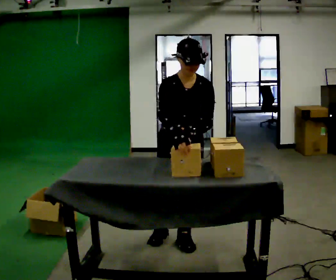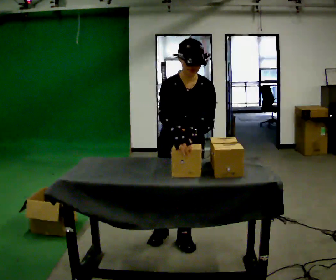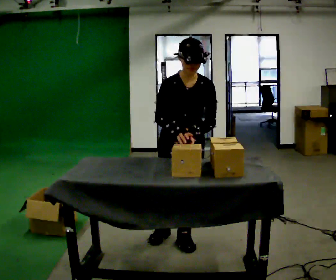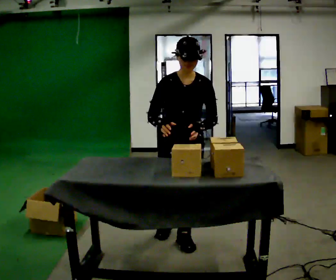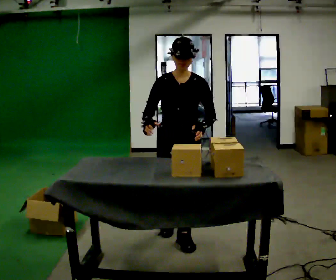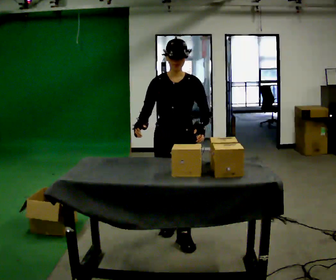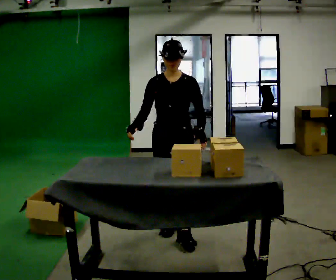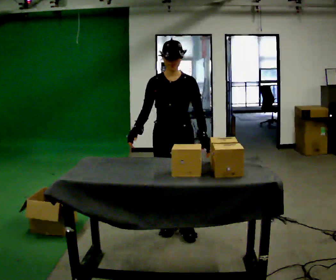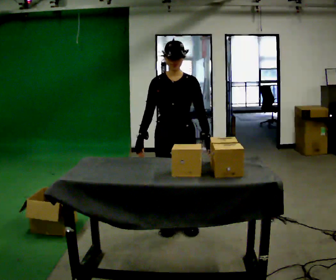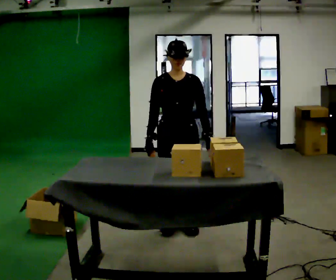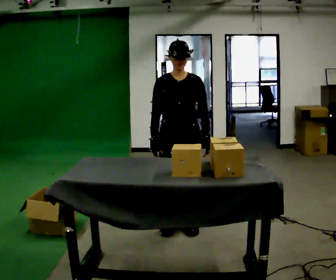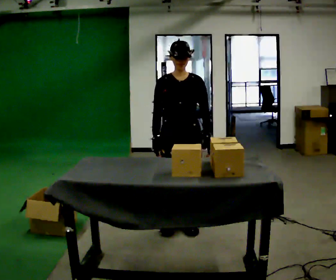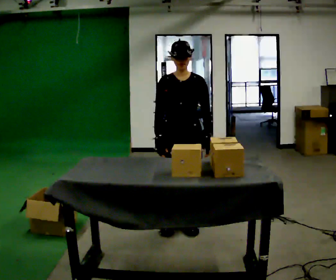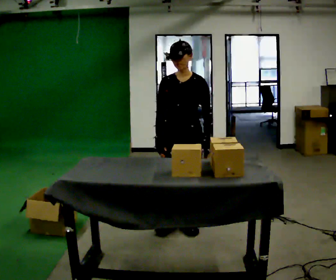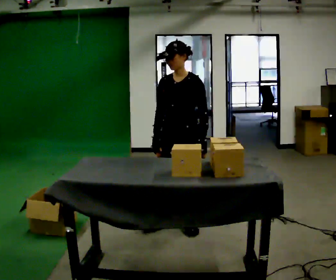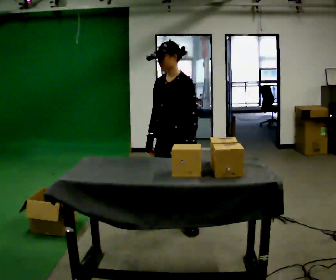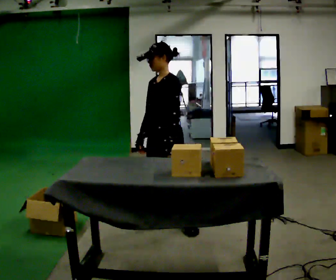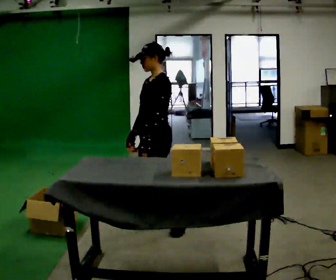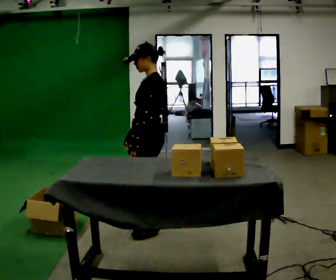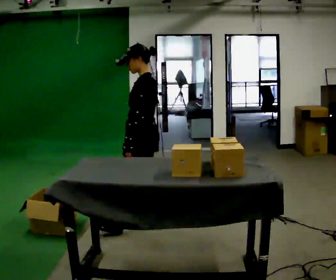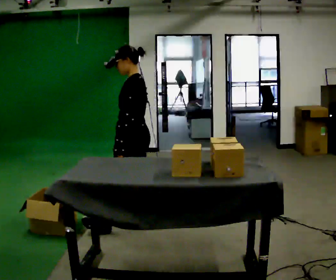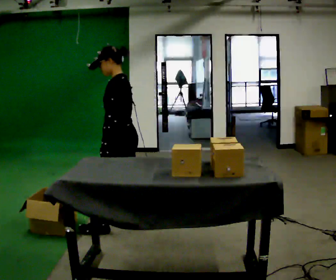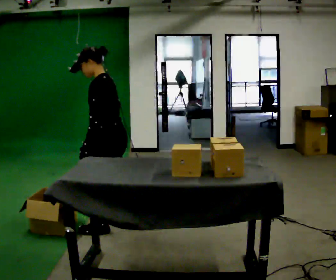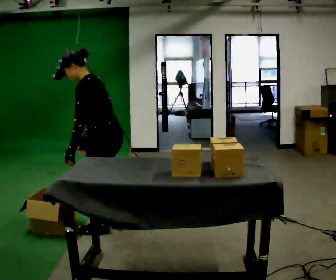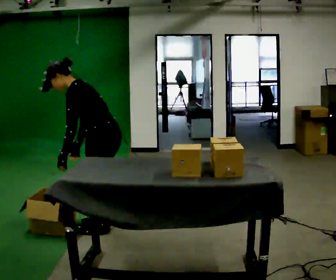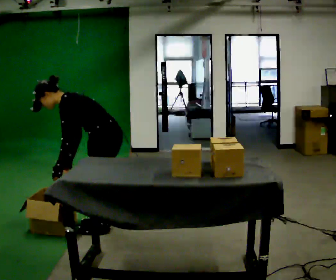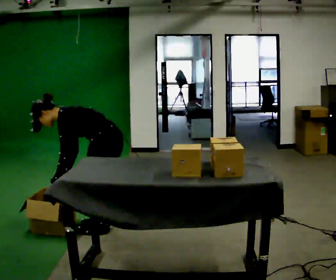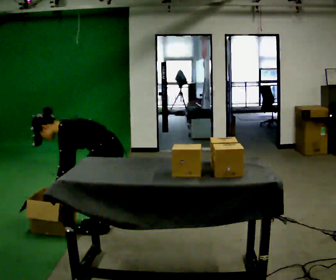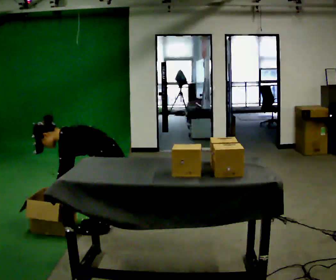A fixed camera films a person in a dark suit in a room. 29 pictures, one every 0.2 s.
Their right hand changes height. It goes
downward.
The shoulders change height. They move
downward.
0.0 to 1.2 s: In the picture they go away from the camera, about 0.25 m in 1 step, which for them is backward. The upper body tips away from the camera, its near side rolling upward, as they lean back or straighten. In the picture their right hand goes to the left.
1.2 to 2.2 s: The person moves a little, or ends about where they began.
2.2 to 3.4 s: Seen from above the body turns clockwise, about 75 degrees: to their right, with its near side sliding to the left. In the picture they go to the left, about 0.25 m. In the picture their left hand goes to the left.
3.4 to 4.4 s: In the picture they go to the left, about 0.25 m in 1 step, which for them is forward. In the picture the upper body tilts counterclockwise, shoulders to the left, as they bend forward.
4.4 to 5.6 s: The shoulders move downward. In the picture the upper body tilts counterclockwise, shoulders to the left, as they bend forward. In the picture their right hand goes downward and to the left.
The film runs forward here.
